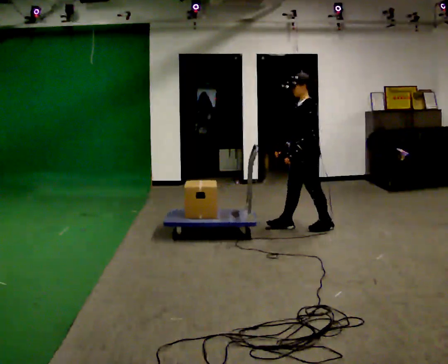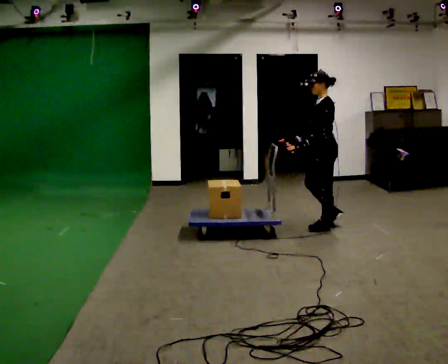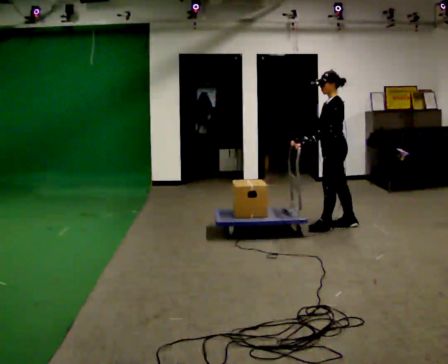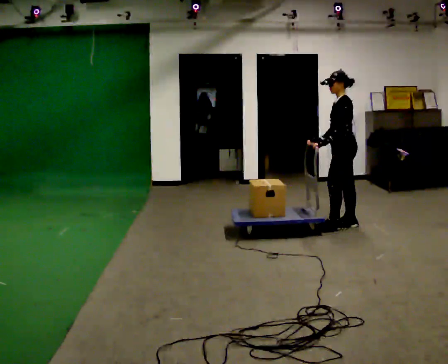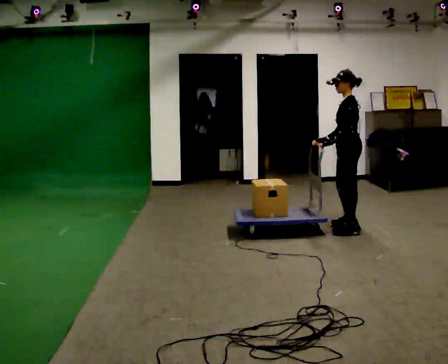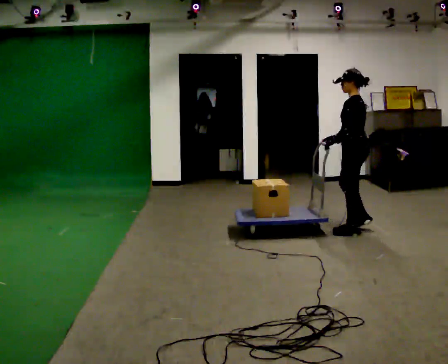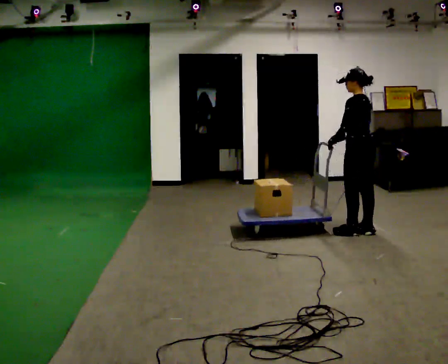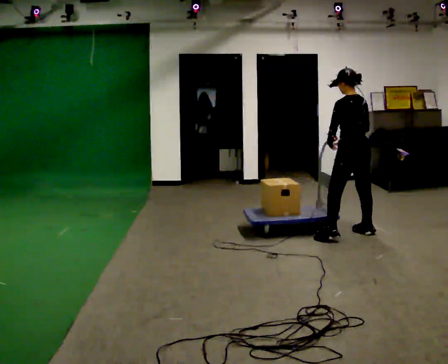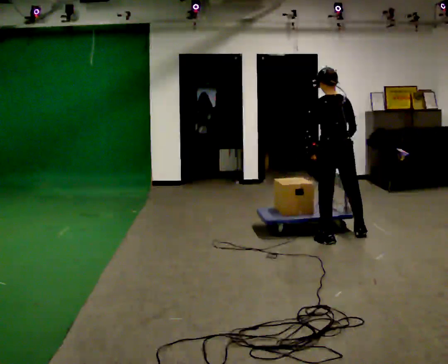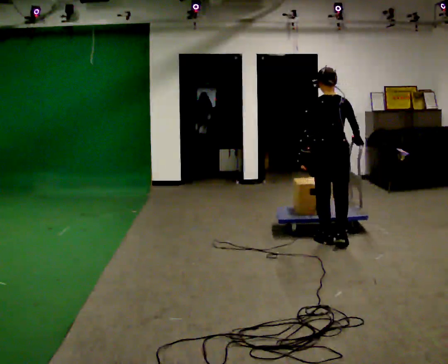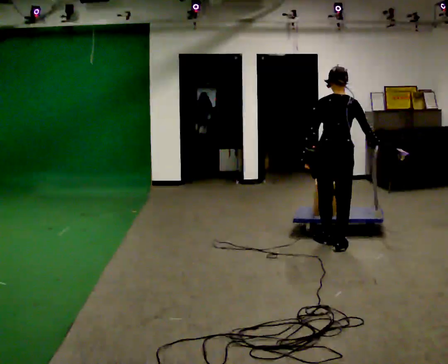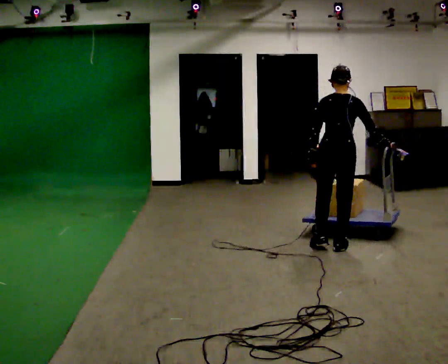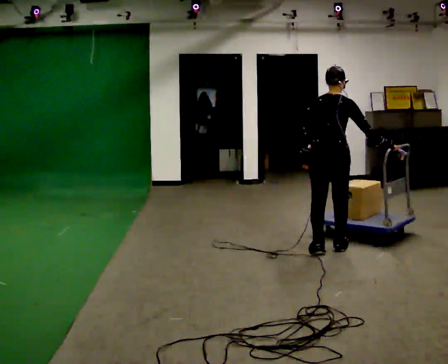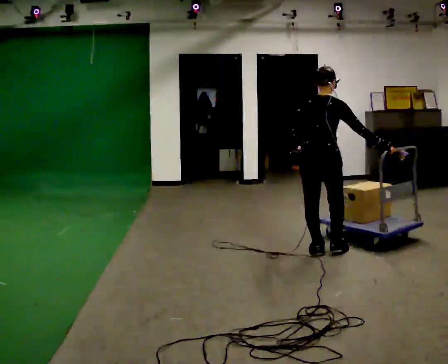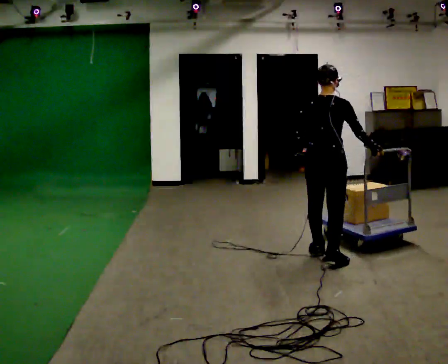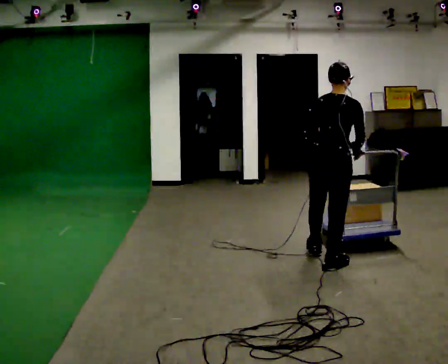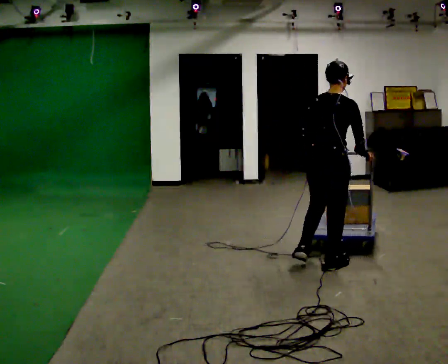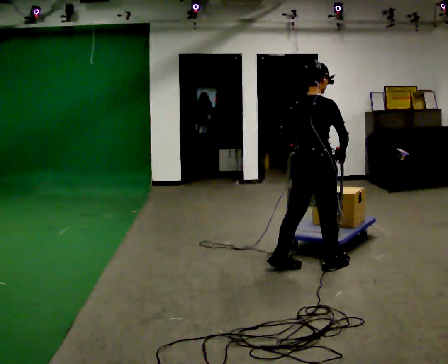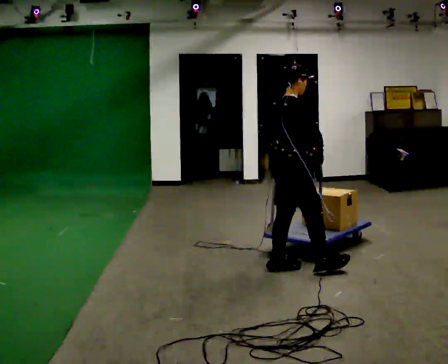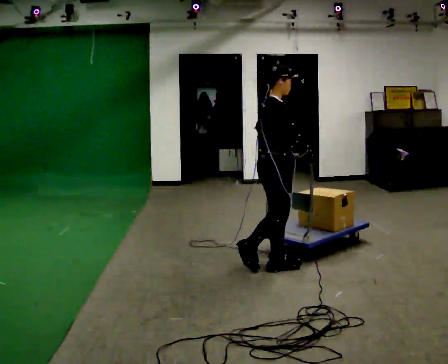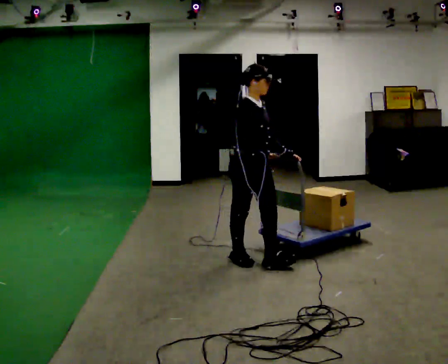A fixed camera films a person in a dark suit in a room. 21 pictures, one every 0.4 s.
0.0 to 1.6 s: In the picture they go to the right, about 0.5 m in 2 steps, which for them is backward.
1.6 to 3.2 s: Seen from above the body turns clockwise, about 75 degrees: to their right, with its near side sliding to the left. In the picture they go toward the camera, about 0.5 m in 3 steps.
3.2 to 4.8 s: The person turns about 30 degrees to their right, clockwise seen from above, so the part of the body nearest the lens slides to the left. In the picture they go toward the camera, about 0.25 m in 1 step, which for them is backward.
4.8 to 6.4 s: In the picture they go toward the camera, about 0.5 m in 2 steps, which for them is backward.
6.4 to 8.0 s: The person turns about 90 degrees to their right, clockwise seen from above, so the part of the body nearest the lens slides to the left. In the picture they go to the left, about 0.75 m in 2 steps.
The film runs backward here.
